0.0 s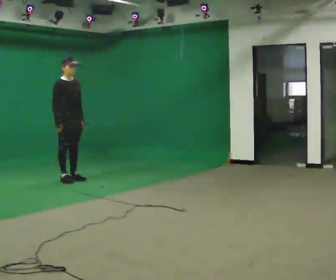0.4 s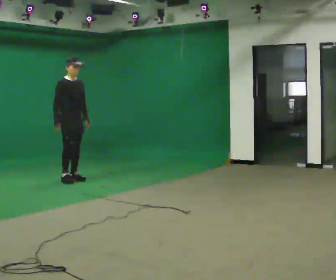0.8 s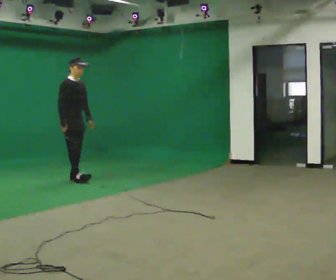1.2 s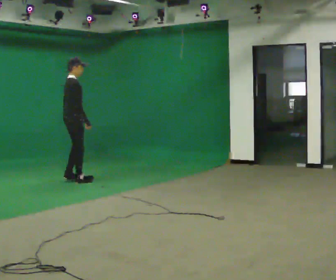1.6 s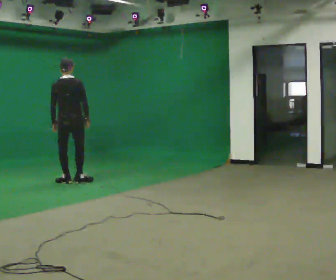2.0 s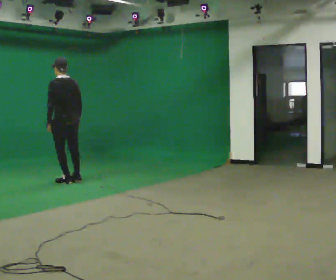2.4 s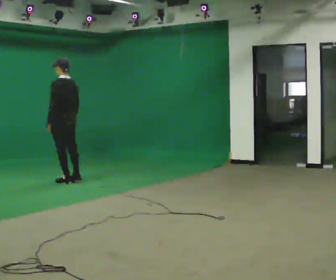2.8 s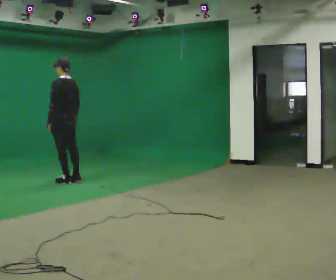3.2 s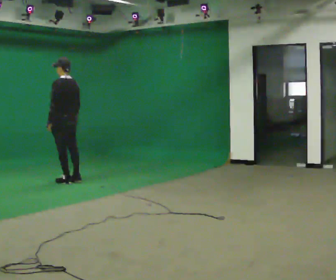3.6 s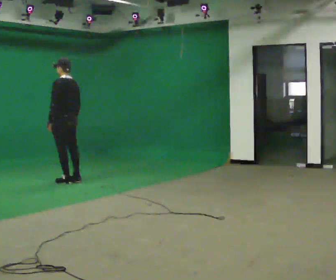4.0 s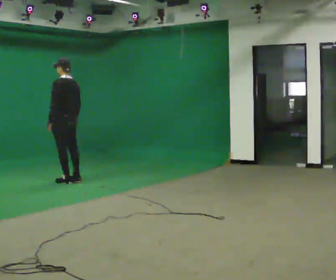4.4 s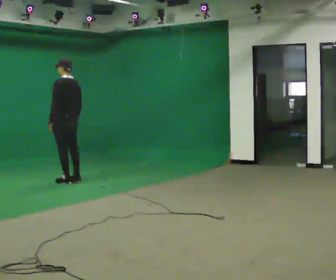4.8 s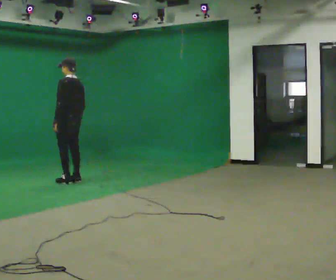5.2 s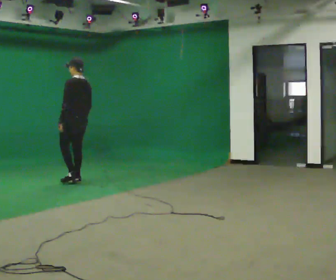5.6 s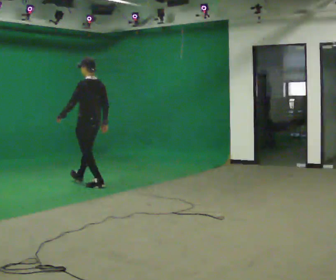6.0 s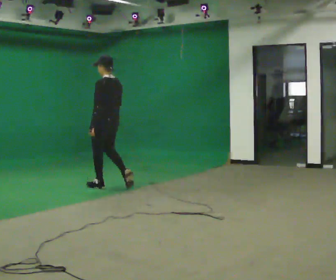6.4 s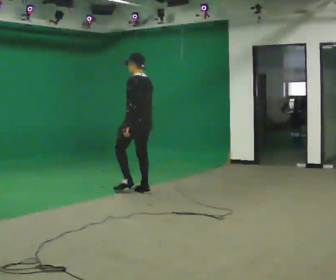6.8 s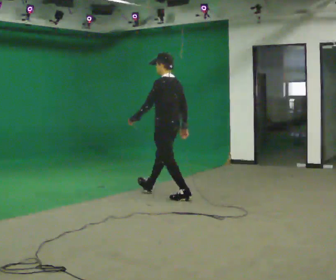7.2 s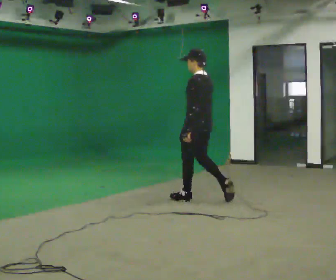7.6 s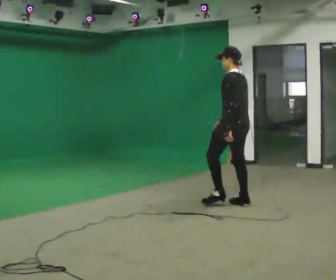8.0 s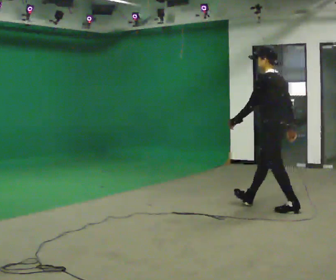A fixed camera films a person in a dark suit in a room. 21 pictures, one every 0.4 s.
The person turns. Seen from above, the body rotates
counterclockwise.
The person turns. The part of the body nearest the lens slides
to the right.
0.0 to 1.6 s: Seen from above the body turns counterclockwise, about 120 degrees: to their left, with its near side sliding to the right. In the picture they go toward the camera, about 0.25 m in 2 steps. In the picture their left hand goes to the left.
1.6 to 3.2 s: The person turns about 60 degrees to their left, counterclockwise seen from above, so the part of the body nearest the lens slides to the right.
3.2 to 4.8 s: The person moves a little, or ends about where they began.
4.8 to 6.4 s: In the picture they go to the right and toward the camera, about 1 m in 3 steps, which for them is backward.
6.4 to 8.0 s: In the picture they go toward the camera and to the right, about 2 m in 3 steps, which for them is backward.
The film runs backward here.
